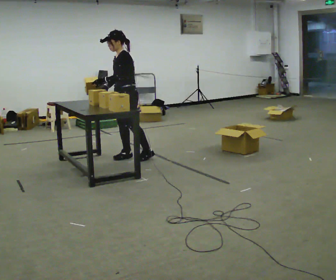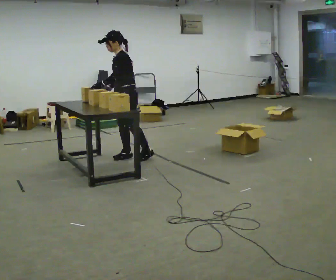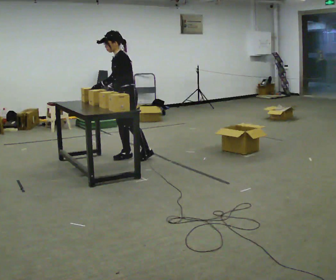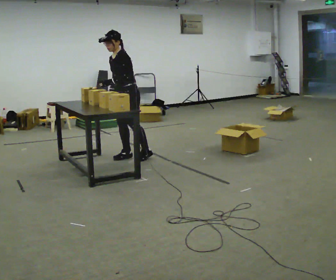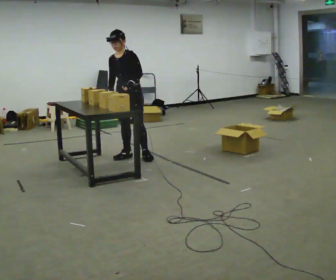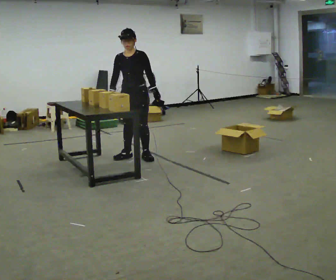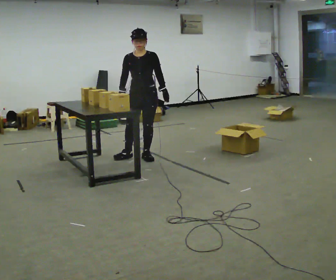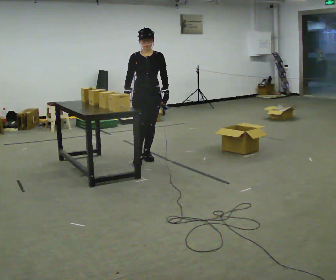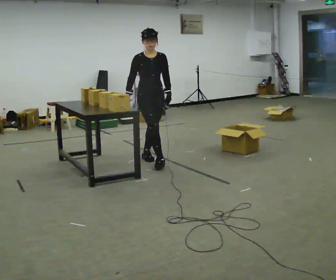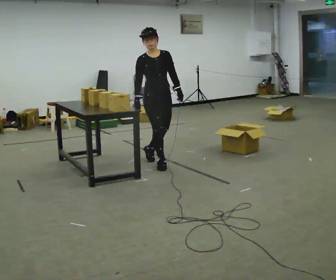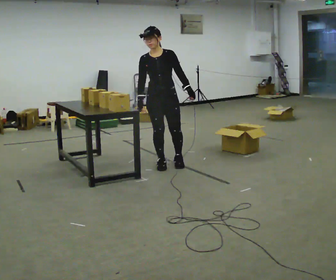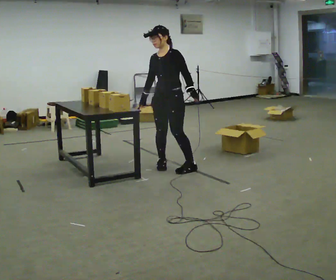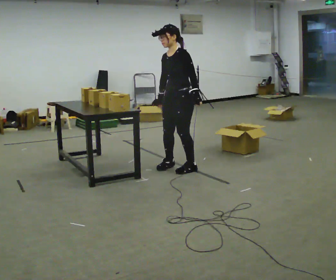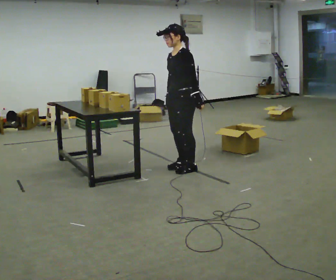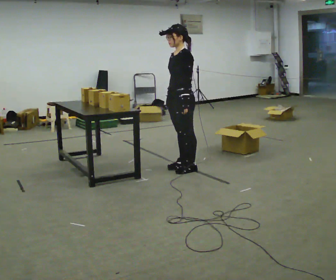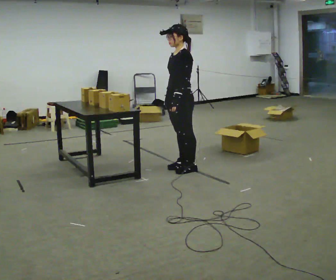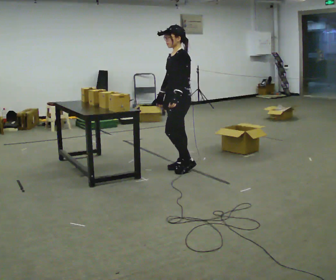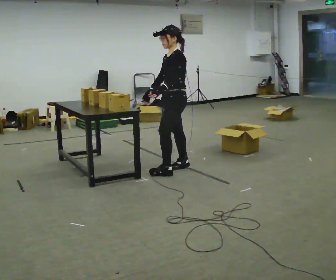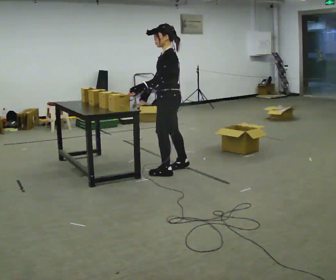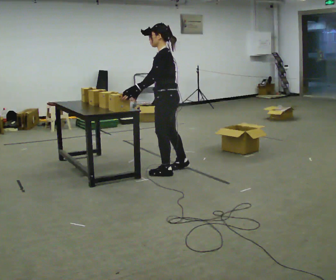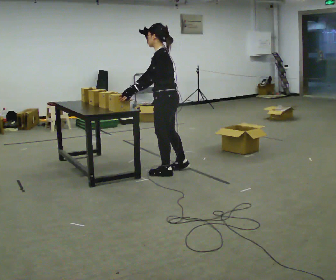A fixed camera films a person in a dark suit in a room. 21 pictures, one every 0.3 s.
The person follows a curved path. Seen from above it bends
clockwise.
0.0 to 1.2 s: Seen from above the body turns counterclockwise, about 30 degrees: to their left, with its near side sliding to the right. In the picture their left hand goes to the right.
1.2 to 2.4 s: The person turns about 60 degrees to their left, counterclockwise seen from above, so the part of the body nearest the lens slides to the right. In the picture they go to the right and toward the camera, about 0.25 m in 1 step, which for them is to their left and forward.
2.4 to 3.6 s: The part of the body nearest the lens slides to the left as the person turns to their right by about 75 degrees. In the picture they go toward the camera and to the right, about 0.5 m in 1 step.
3.6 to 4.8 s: The person moves a little, or ends about where they began.
4.8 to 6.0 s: Seen from above the body turns clockwise, about 30 degrees: to their right, with its near side sliding to the left. In the picture they go toward the camera, about 0.25 m in 1 step, which for them is to their left. In the picture their left hand goes to the left.
The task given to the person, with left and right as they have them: Carry the object across the room, open the lid of the container, put the object inside, and close the lid again. Then go back for the next one. Keep going until the operator says stop; one object at a time, and do not rush between trips.
The film runs forward here.
